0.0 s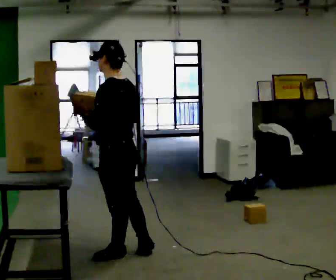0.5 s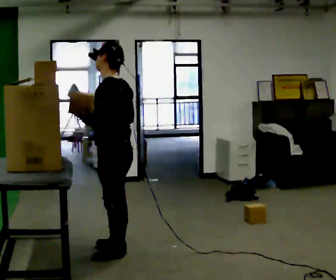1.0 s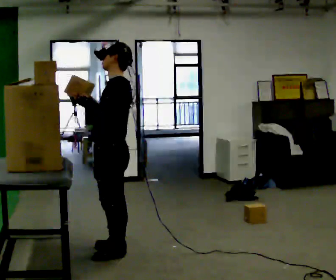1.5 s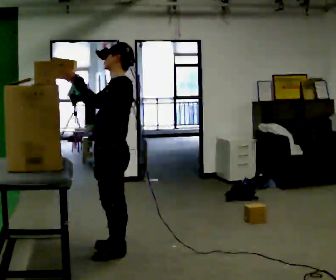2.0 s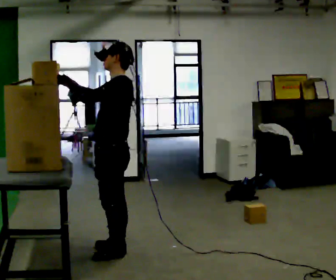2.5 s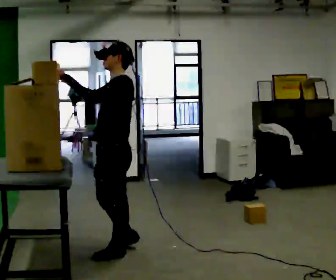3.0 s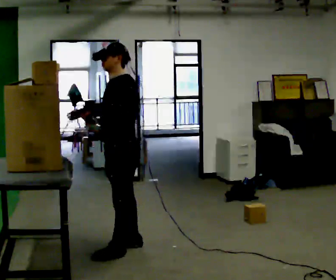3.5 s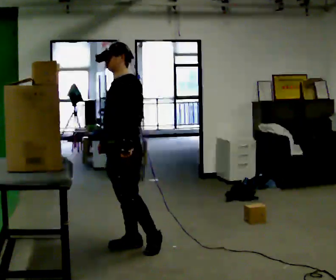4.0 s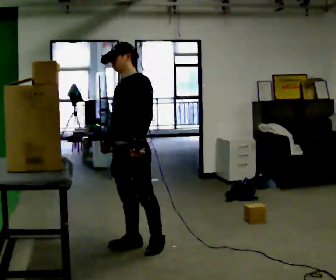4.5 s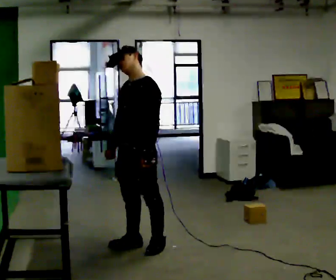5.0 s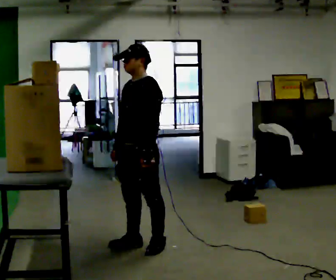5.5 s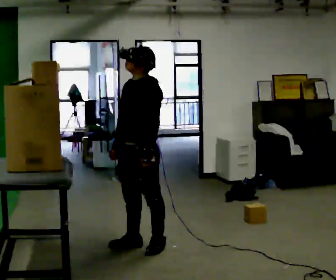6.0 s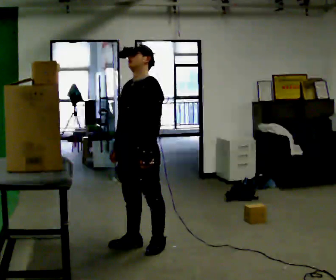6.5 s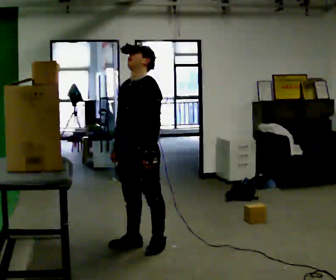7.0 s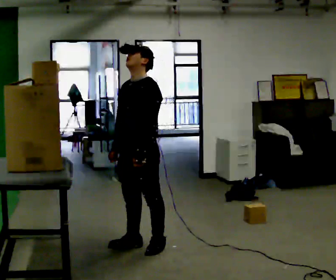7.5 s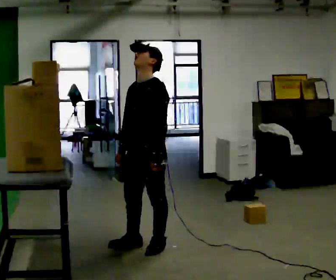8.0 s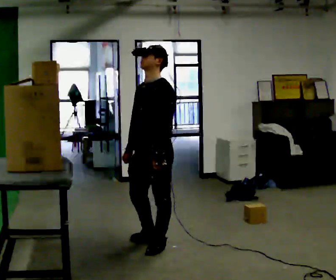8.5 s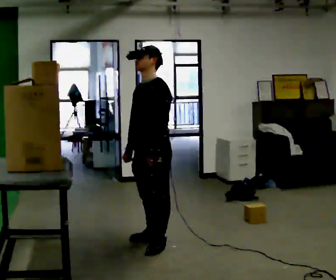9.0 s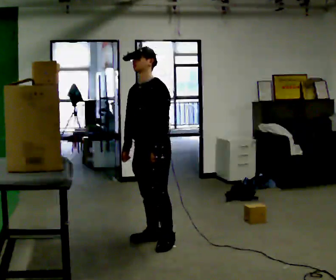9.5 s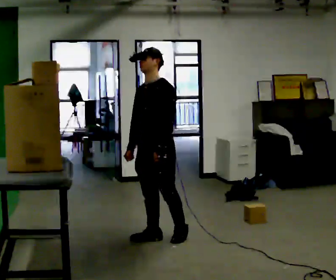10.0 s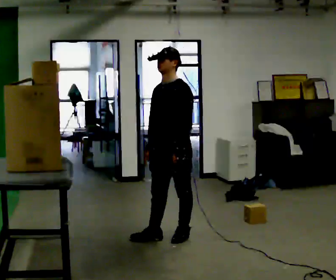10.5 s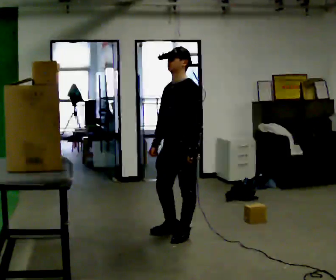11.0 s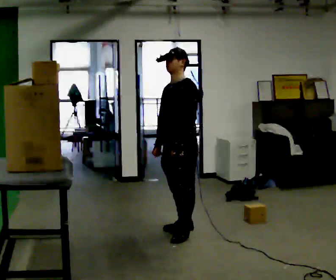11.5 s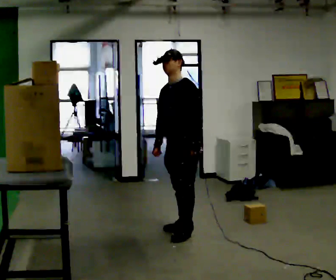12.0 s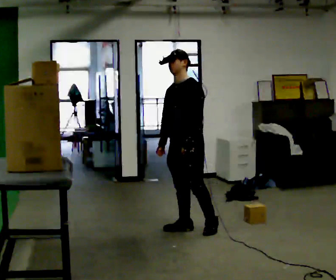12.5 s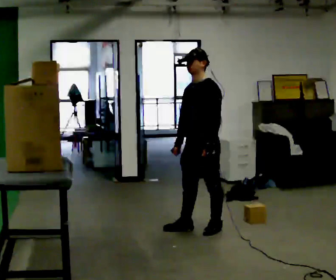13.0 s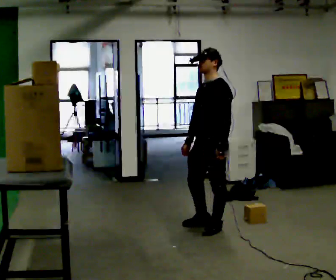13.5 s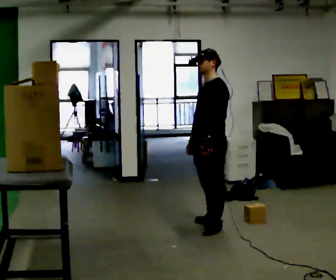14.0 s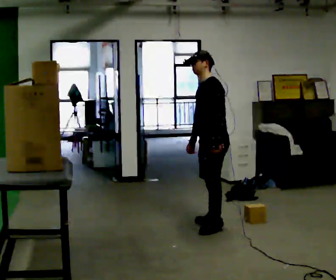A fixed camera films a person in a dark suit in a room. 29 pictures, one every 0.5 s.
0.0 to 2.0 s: The person turns about 30 degrees to their left, counterclockwise seen from above, so the part of the body nearest the lens slides to the right. In the picture their left hand goes upward.
2.0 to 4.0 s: The part of the body nearest the lens slides to the right as the person turns to their left by about 30 degrees. In the picture they go away from the camera, about 0.25 m in 2 steps, which for them is backward. In the picture their left hand goes to the right and downward.
4.0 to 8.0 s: In the picture they go to the right, about 0.25 m in 1 step, which for them is backward and to their left.
8.0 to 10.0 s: In the picture they go away from the camera and to the right, about 0.25 m in 1 step, which for them is backward.
10.0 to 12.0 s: In the picture they go away from the camera, about 0.25 m in 2 steps, which for them is backward.
12.0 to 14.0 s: The person turns about 30 degrees to their right, clockwise seen from above, so the part of the body nearest the lens slides to the left. In the picture they go to the right, about 0.25 m in 1 step, which for them is backward.
The film runs backward here.
